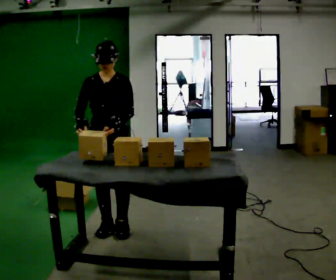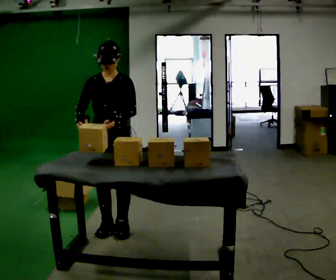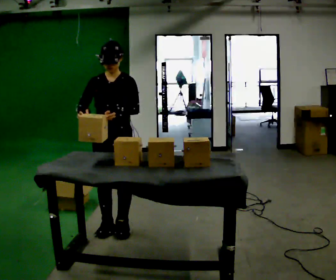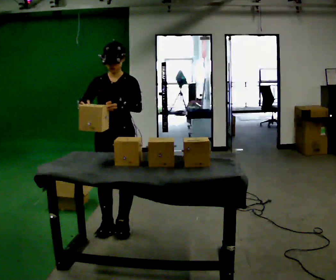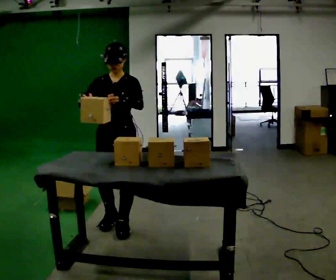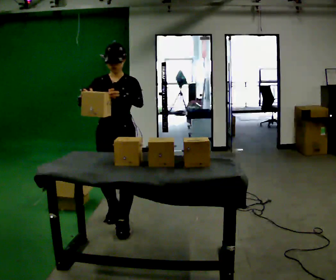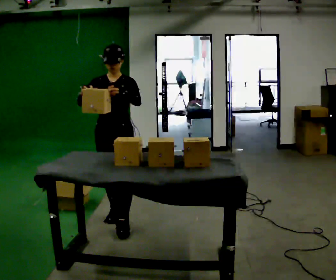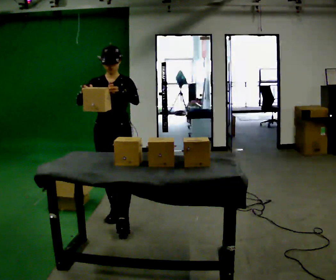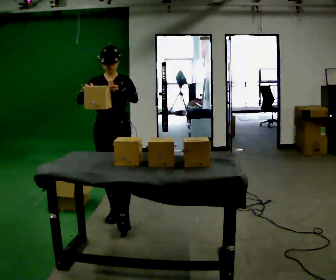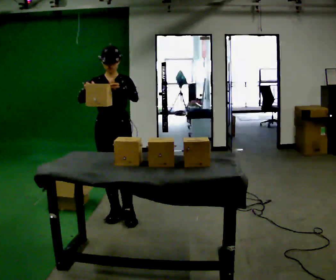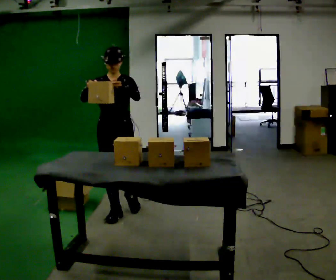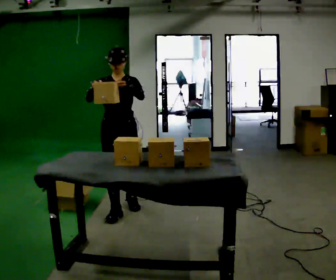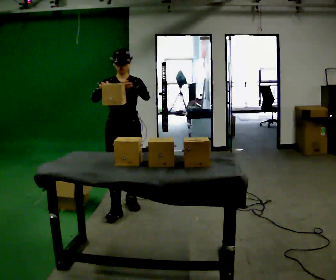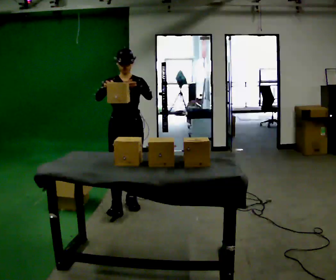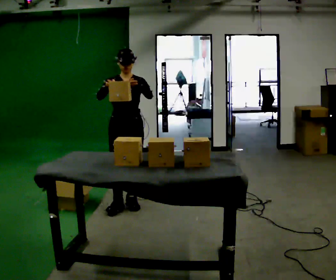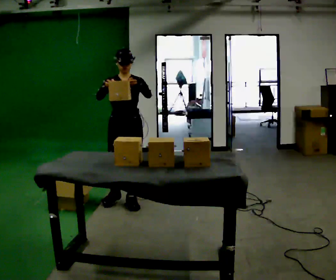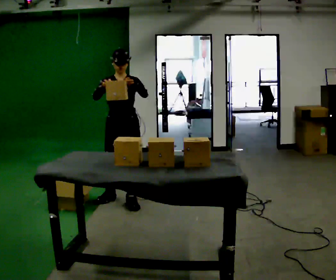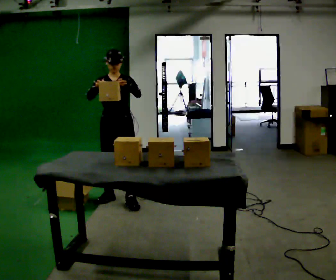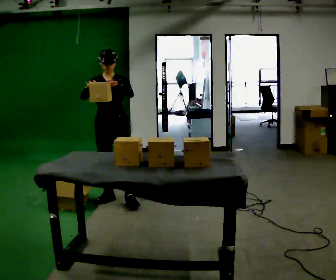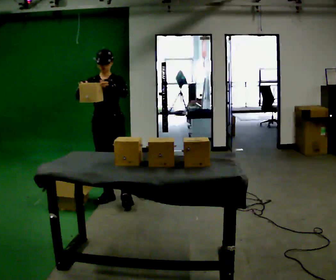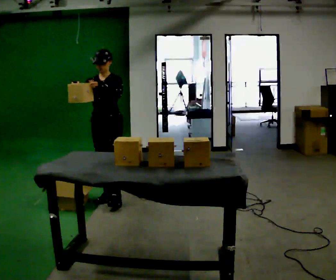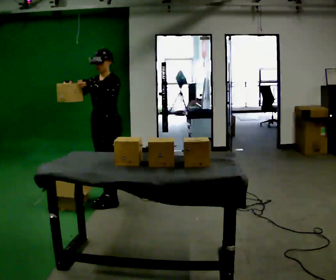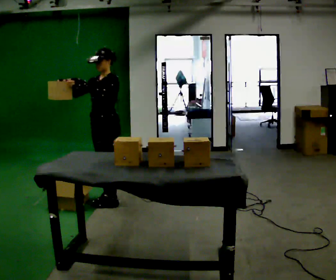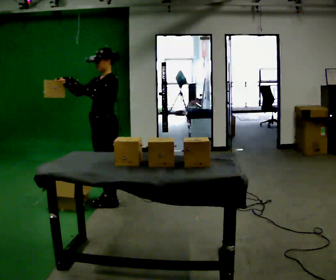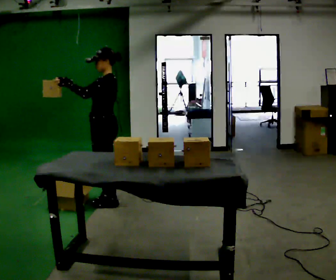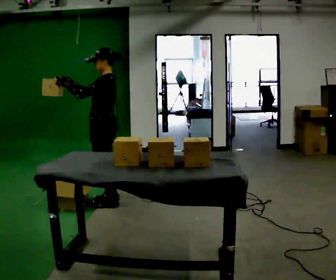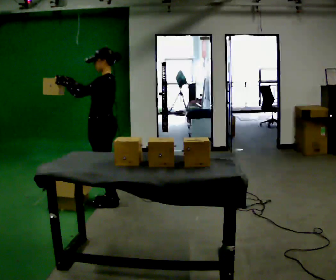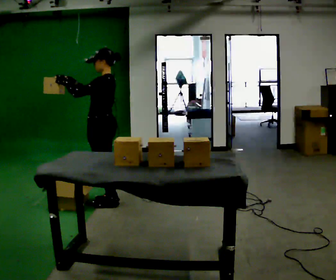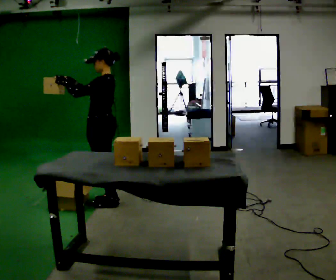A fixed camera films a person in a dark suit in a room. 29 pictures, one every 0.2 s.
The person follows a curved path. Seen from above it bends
counterclockwise.
The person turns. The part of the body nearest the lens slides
to the left.
0.0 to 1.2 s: The person moves a little, or ends about where they began.
1.2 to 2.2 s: In the picture they go away from the camera, about 0.25 m in 1 step, which for them is backward.
2.2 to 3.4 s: In the picture they go away from the camera, about 0.25 m in 1 step, which for them is backward.
3.4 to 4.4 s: The part of the body nearest the lens slides to the left as the person turns to their right by about 45 degrees. In the picture their right hand goes to the left.
4.4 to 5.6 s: The person turns about 45 degrees to their right, clockwise seen from above, so the part of the body nearest the lens slides to the left.
The film runs backward here.
